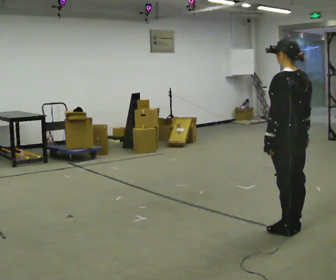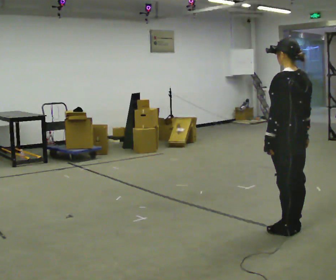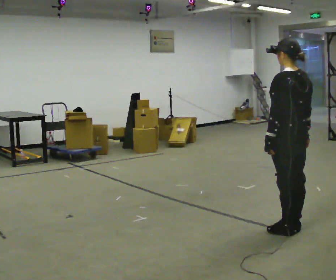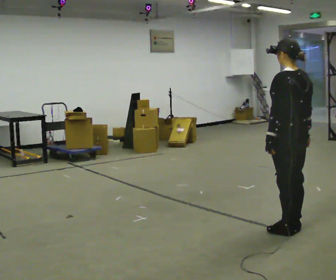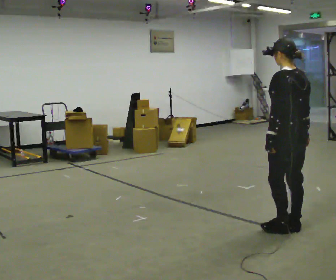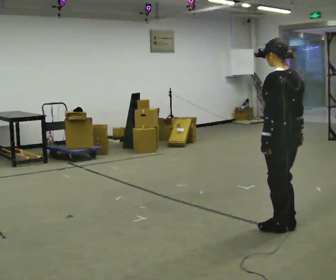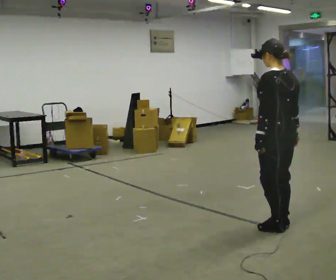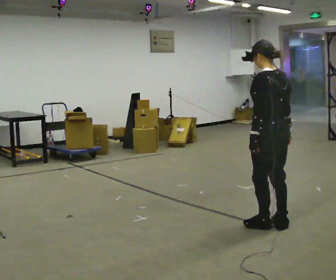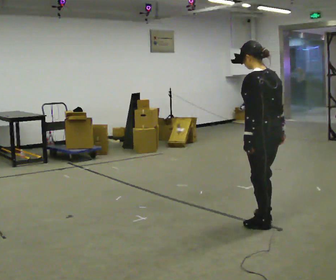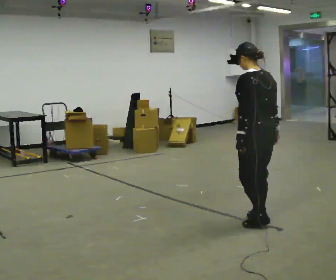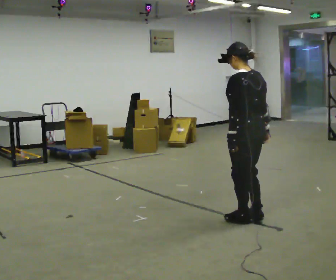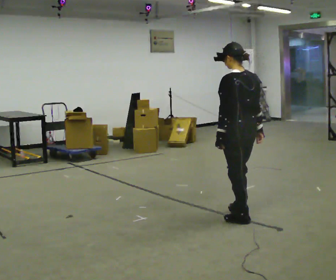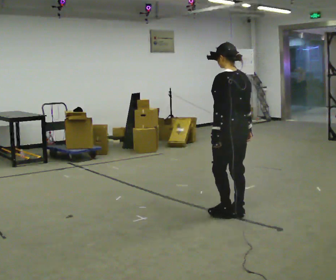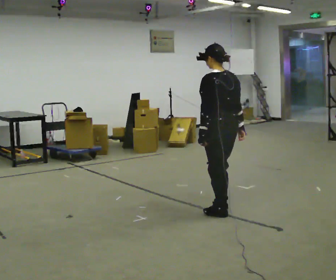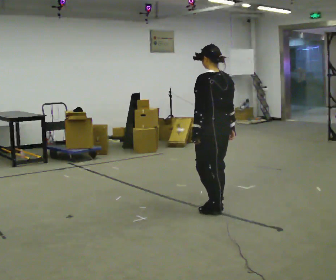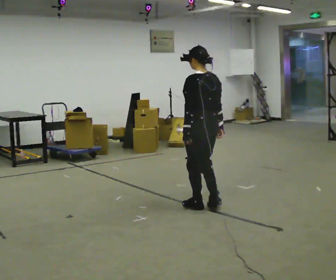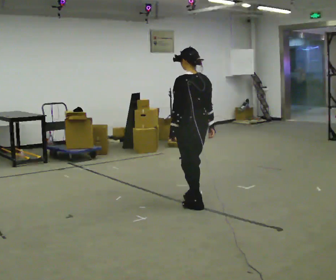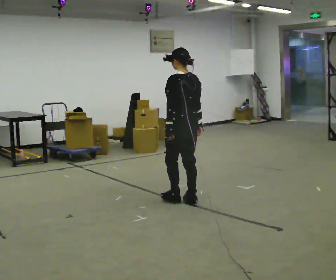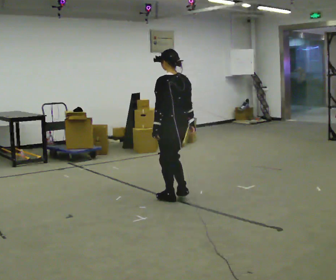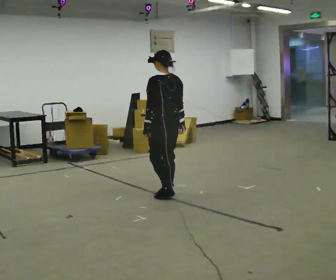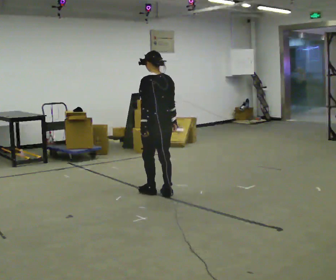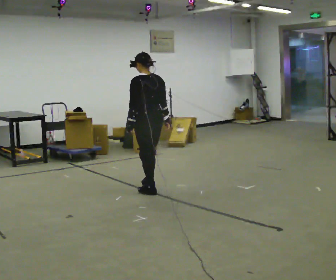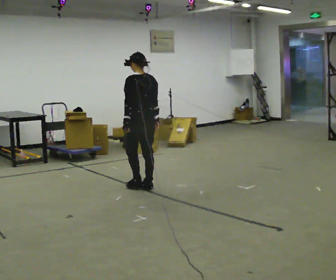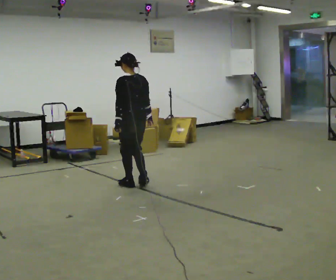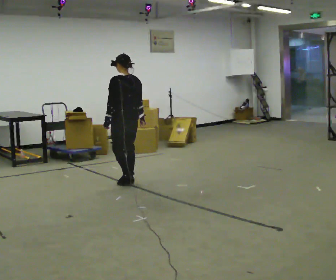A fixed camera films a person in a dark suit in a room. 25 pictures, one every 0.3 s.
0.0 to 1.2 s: The person moves a little, or ends about where they began.
1.2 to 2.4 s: In the picture they go to the left, about 0.25 m, which for them is forward.
2.4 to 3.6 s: In the picture they go away from the camera and to the left, about 0.5 m in 3 steps, which for them is forward.
3.6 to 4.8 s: In the picture they go to the left and away from the camera, about 0.5 m in 4 steps, which for them is forward.
4.8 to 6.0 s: In the picture they go to the left and away from the camera, about 0.5 m in 3 steps, which for them is forward.
6.0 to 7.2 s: In the picture they go to the left and away from the camera, about 0.75 m in 3 steps, which for them is forward.
The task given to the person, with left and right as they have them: Walk forward with your feet closer together than normal, or further apart than normal, as the operator states; stop.
The film runs forward here.
